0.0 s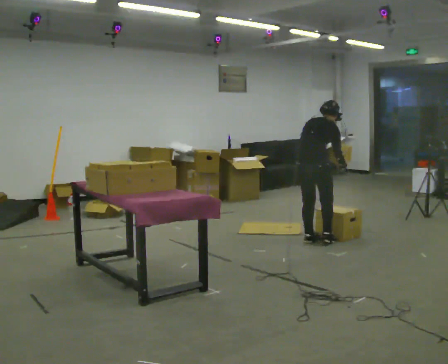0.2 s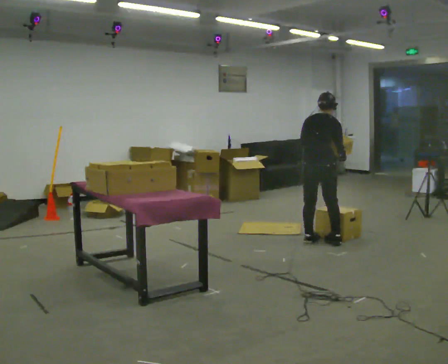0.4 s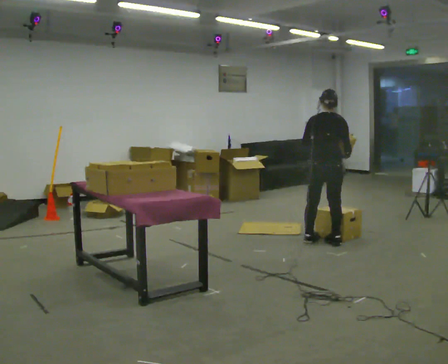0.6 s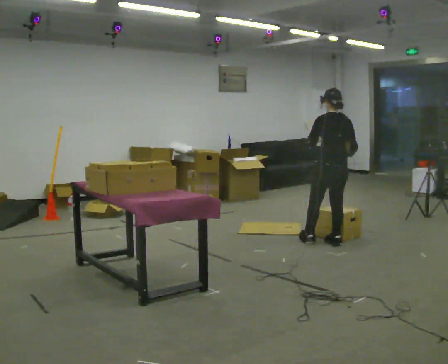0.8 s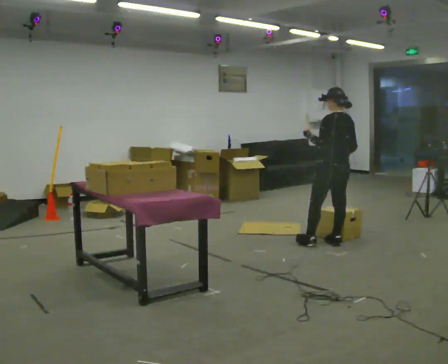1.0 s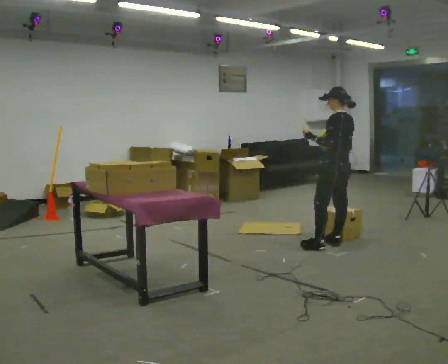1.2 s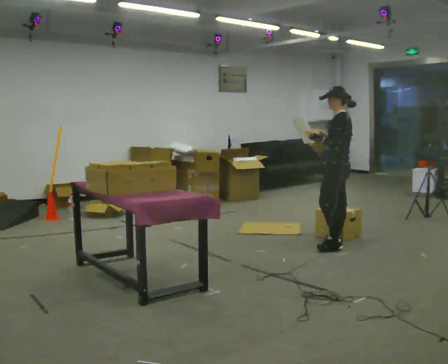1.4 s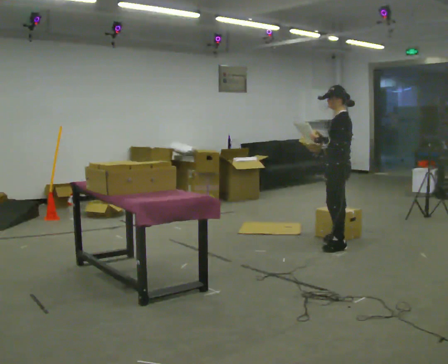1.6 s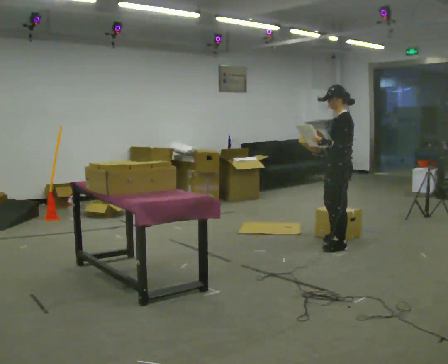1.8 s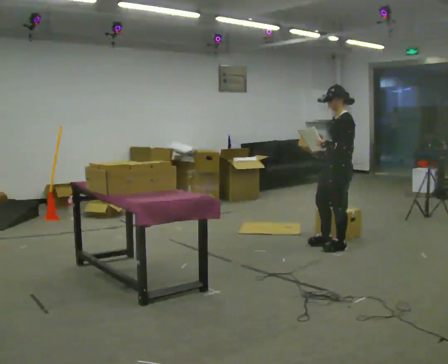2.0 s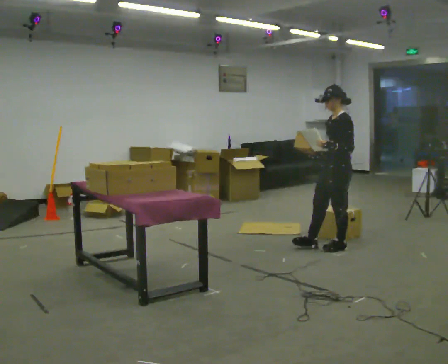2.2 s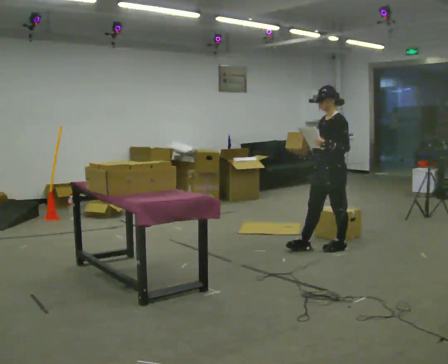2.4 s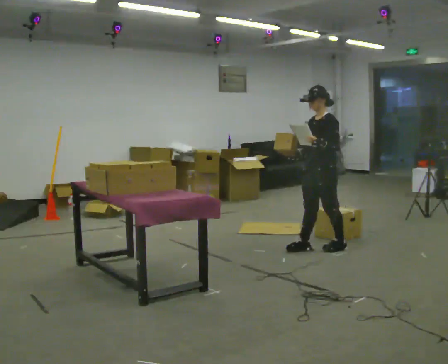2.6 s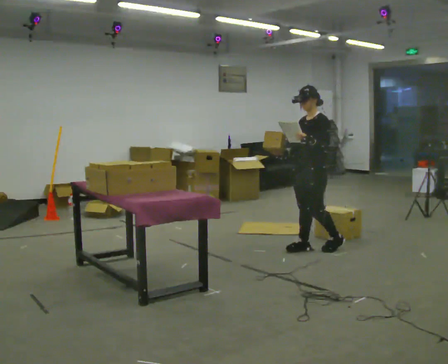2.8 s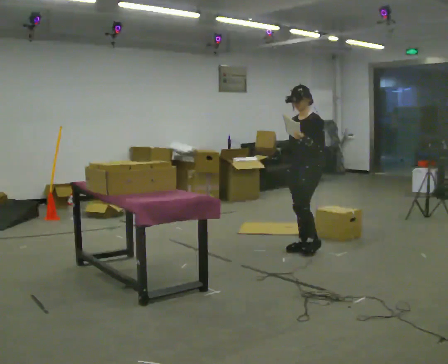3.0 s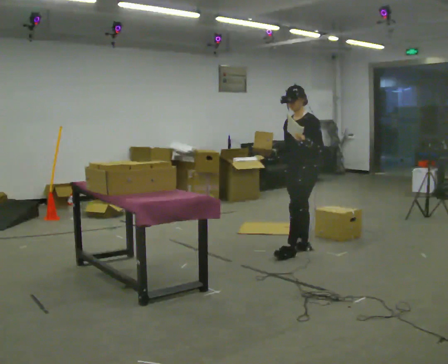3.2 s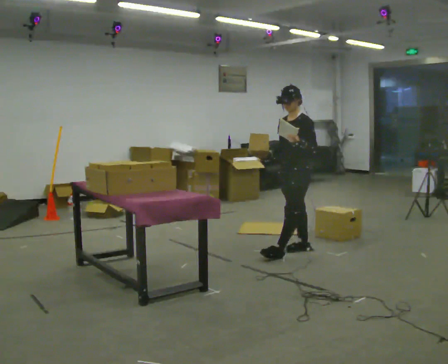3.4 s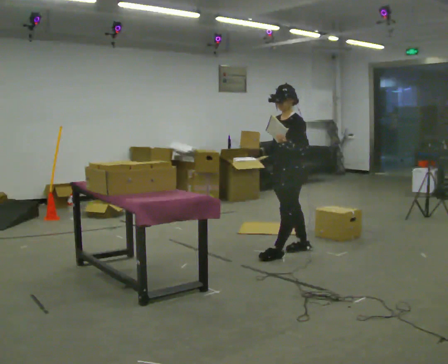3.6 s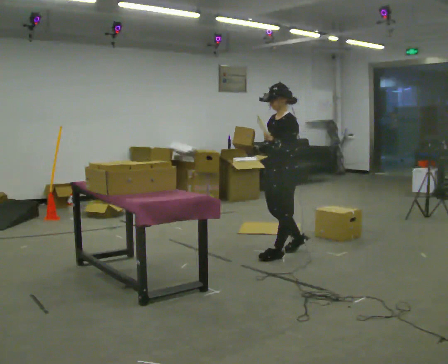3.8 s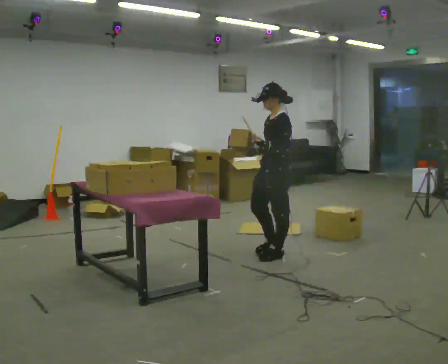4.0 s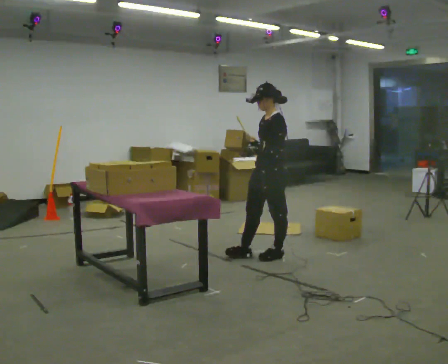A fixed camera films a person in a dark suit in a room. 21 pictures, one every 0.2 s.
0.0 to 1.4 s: Seen from above the body turns counterclockwise, about 105 degrees: to their left, with its near side sliding to the right. In the picture they go to the right, about 0.25 m in 2 steps.
1.4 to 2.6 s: Seen from above the body turns counterclockwise, about 45 degrees: to their left, with its near side sliding to the right. In the picture they go to the left, about 0.25 m in 1 step, which for them is forward.
2.6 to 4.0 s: In the picture they go to the left and toward the camera, about 0.5 m in 1 step, which for them is forward.
The film runs forward here.
